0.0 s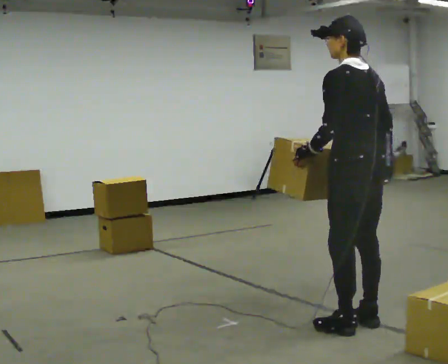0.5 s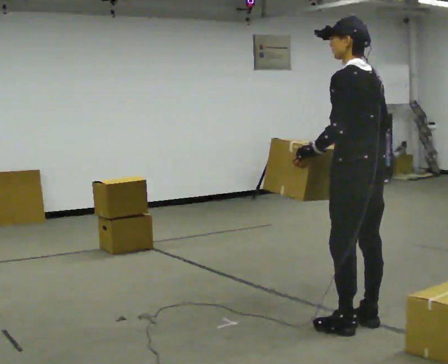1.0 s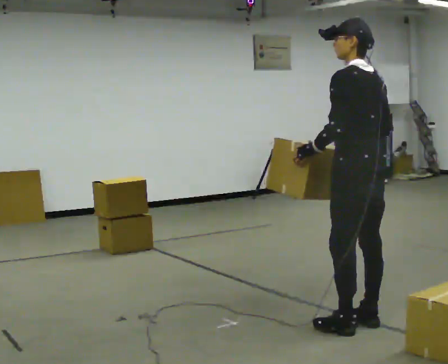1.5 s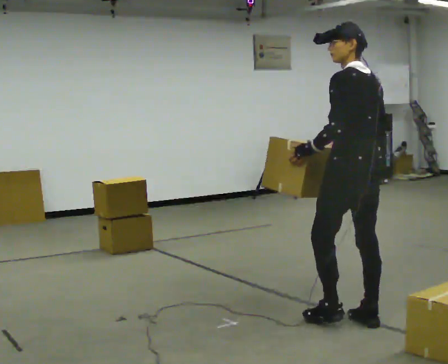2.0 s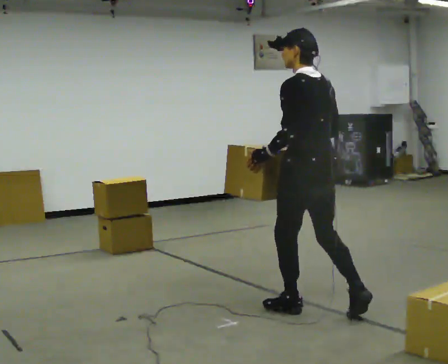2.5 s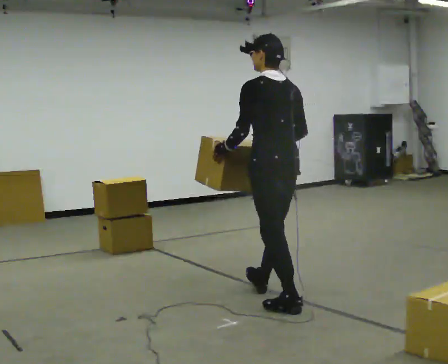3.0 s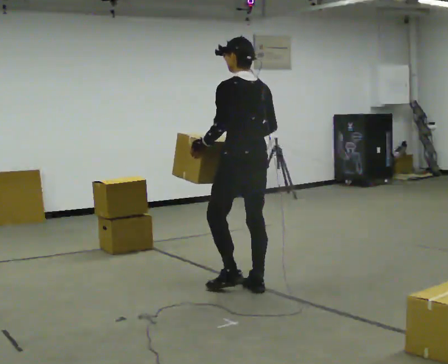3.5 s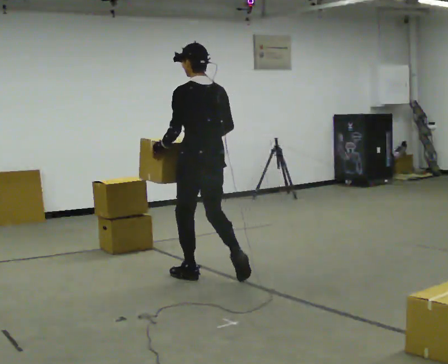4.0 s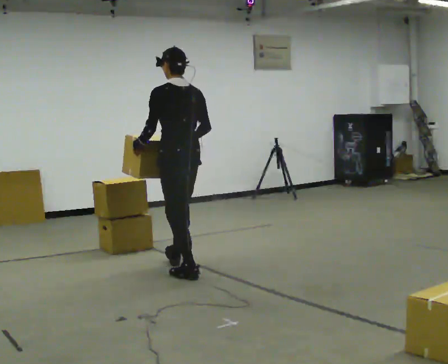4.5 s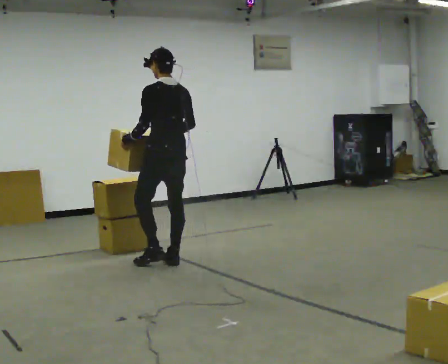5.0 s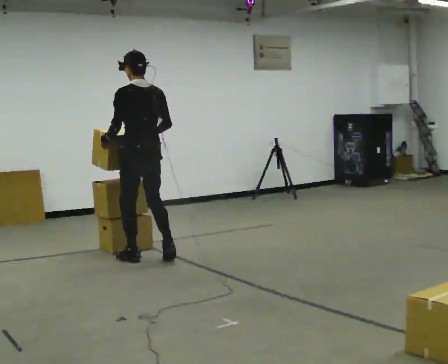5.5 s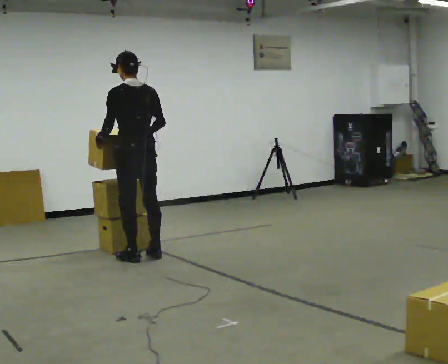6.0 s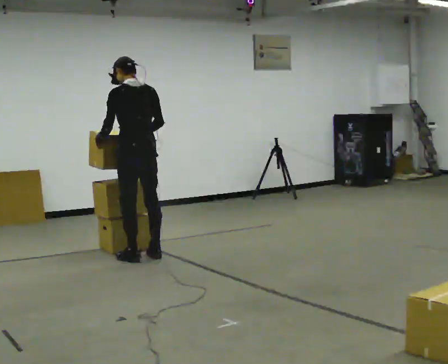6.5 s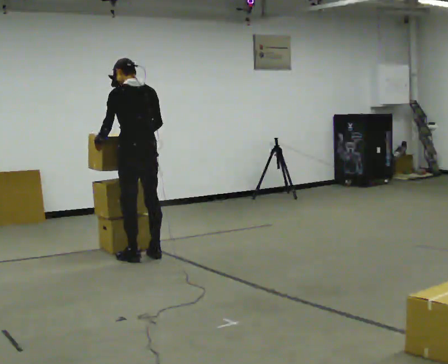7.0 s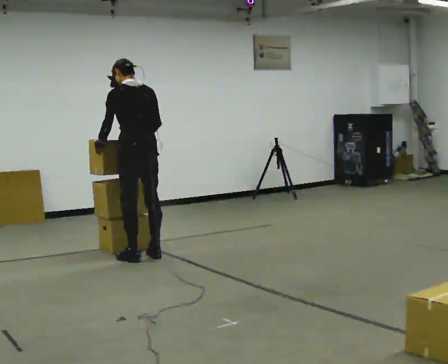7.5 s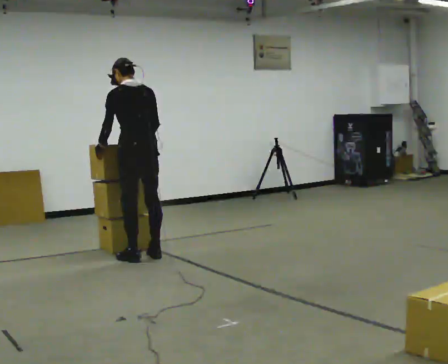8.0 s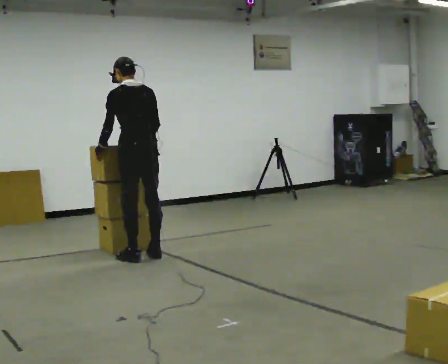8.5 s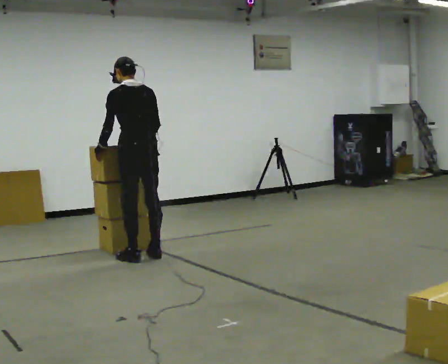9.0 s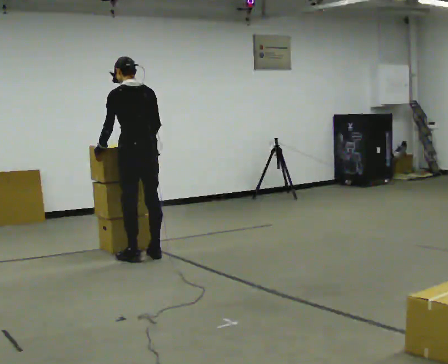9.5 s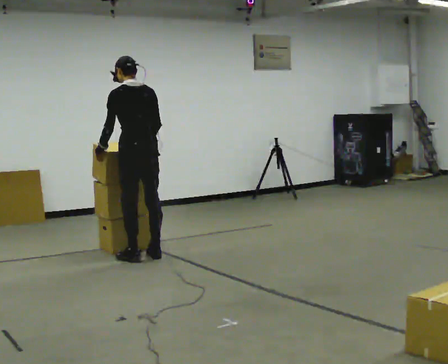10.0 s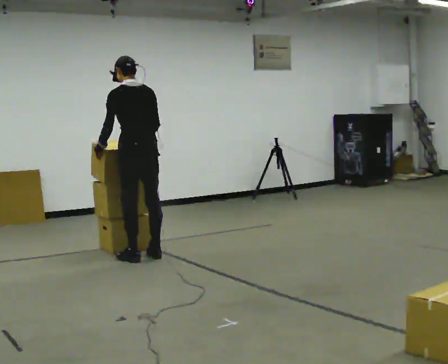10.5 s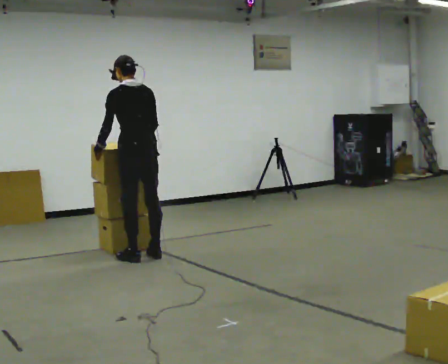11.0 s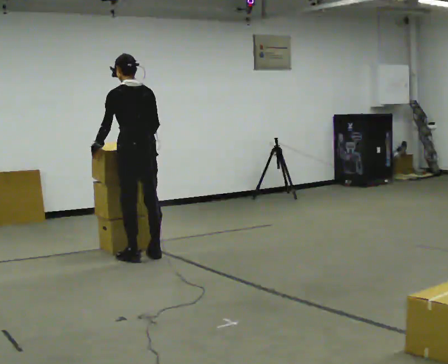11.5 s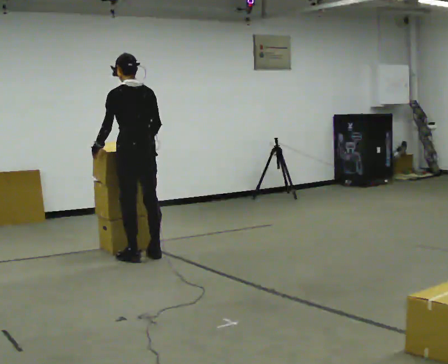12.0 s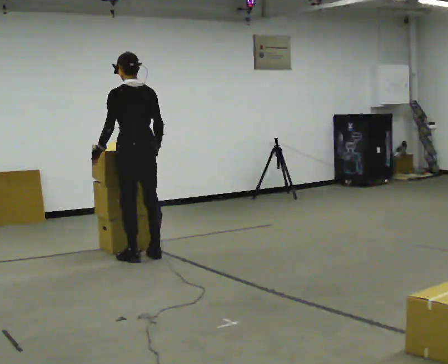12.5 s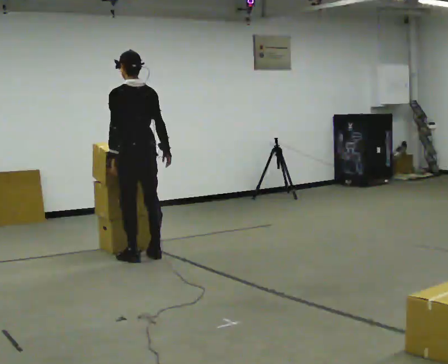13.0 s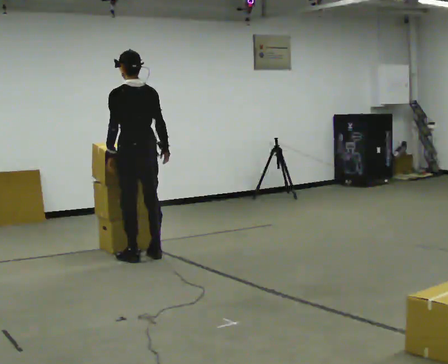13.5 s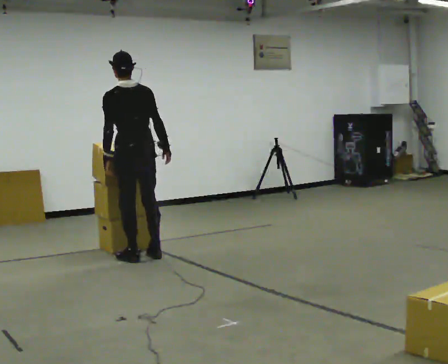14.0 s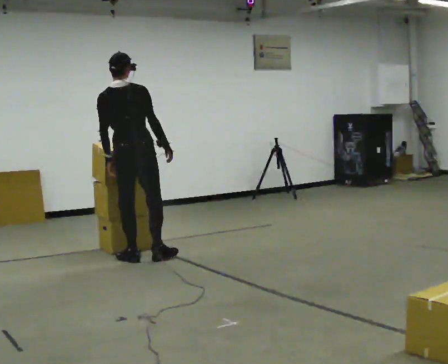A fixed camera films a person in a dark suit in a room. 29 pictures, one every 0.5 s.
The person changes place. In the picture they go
away from the camera.
0.0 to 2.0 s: In the picture they go away from the camera and to the left, about 0.5 m in 1 step, which for them is forward.
2.0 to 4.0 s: In the picture they go away from the camera and to the left, about 1.5 m in 3 steps, which for them is forward.
4.0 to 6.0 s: In the picture they go away from the camera and to the left, about 0.5 m in 2 steps, which for them is forward.
6.0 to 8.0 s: The person moves a little, or ends about where they began.
8.0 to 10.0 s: The person keeps their place and pose.
10.0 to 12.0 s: The person moves a little, or ends about where they began.
12.0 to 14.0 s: The part of the body nearest the lens slides to the left as the person turns to their right by about 30 degrees.
The film runs forward here.
